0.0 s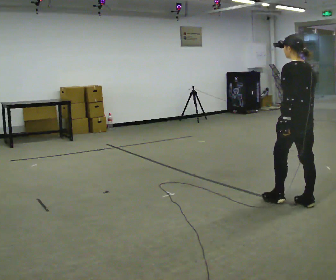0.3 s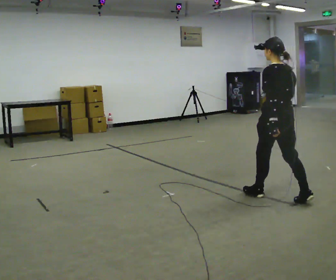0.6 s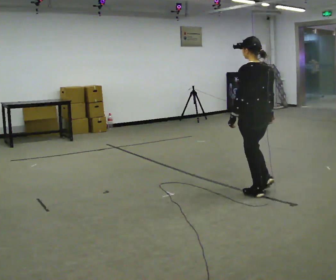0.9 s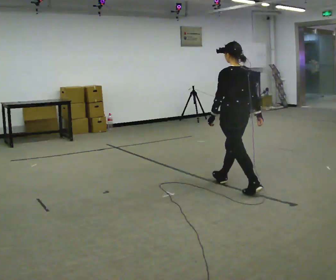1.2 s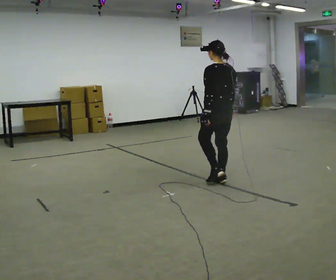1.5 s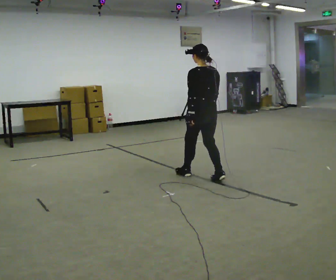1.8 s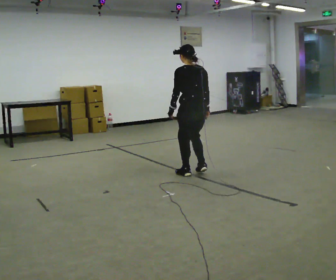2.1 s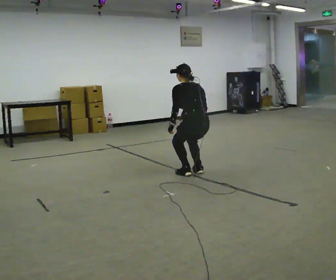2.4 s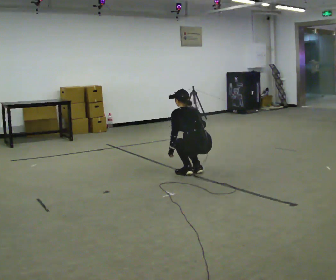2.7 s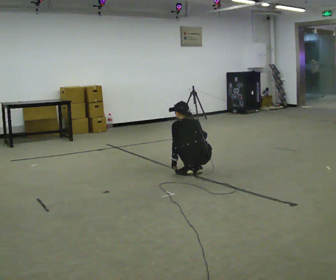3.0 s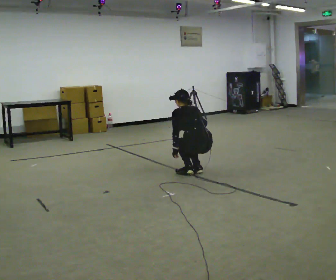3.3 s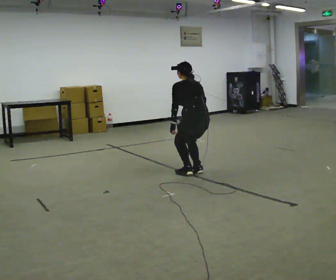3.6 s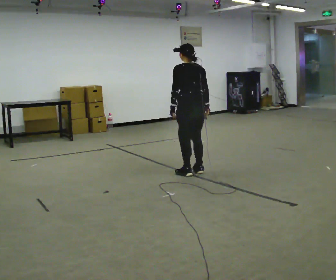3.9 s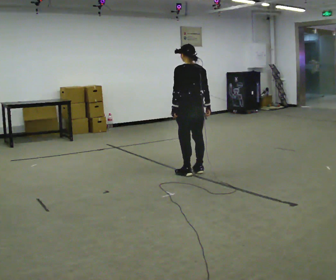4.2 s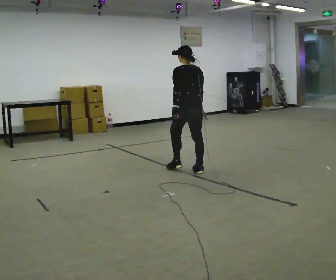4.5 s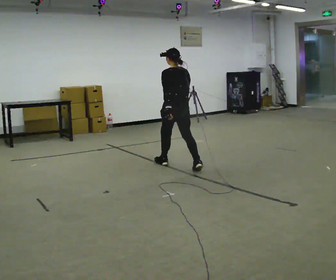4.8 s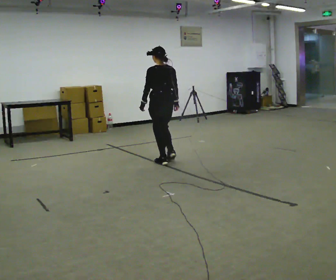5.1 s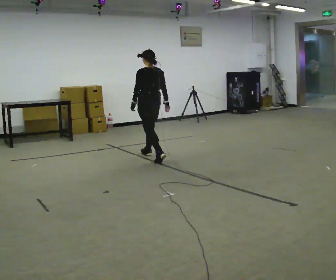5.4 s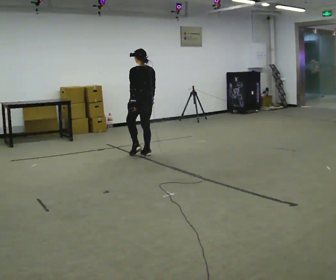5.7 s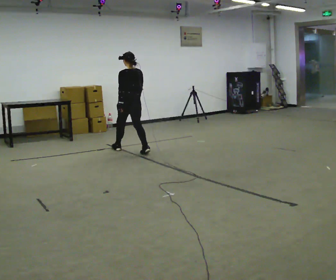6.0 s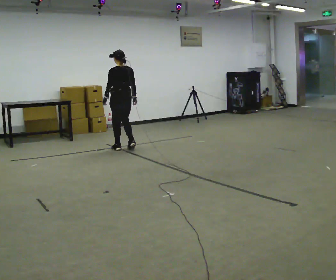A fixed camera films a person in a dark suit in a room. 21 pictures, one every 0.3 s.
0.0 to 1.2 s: In the picture they go away from the camera and to the left, about 1 m in 2 steps, which for them is forward.
1.2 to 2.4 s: In the picture they go away from the camera and to the left, about 0.25 m in 2 steps, which for them is forward. The shoulders move downward. The upper body tips away from the camera, its near side rolling upward, as they bend forward. In the picture their left hand goes downward.
2.4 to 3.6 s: The upper body tips toward the camera, its near side rolling downward, as they lean back or straighten. In the picture their right hand goes upward.
3.6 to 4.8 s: In the picture they go away from the camera and to the left, about 0.75 m in 1 step, which for them is forward.
4.8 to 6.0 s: In the picture they go away from the camera and to the left, about 1 m in 2 steps, which for them is forward.
The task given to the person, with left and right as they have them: Walk; crouch comfortably at marker; remain briefly; stand and continue.
The film runs forward here.
